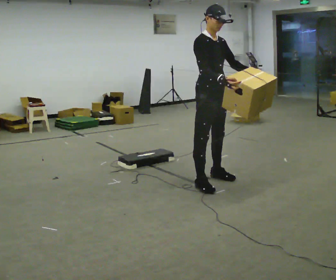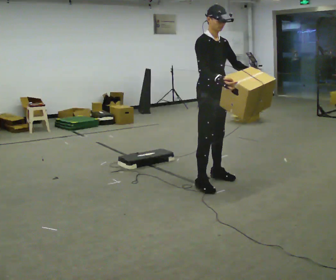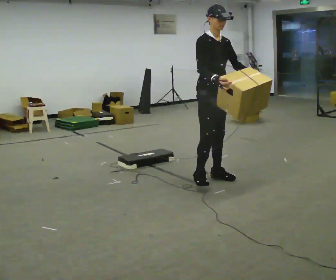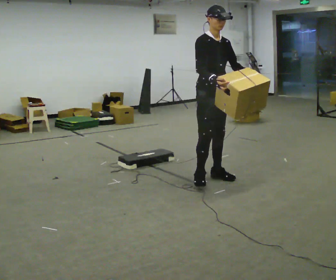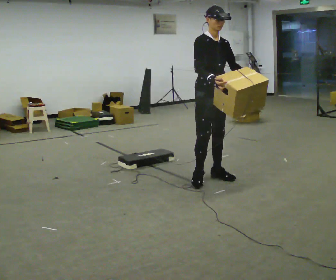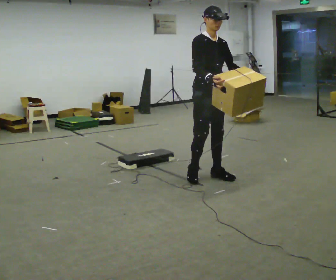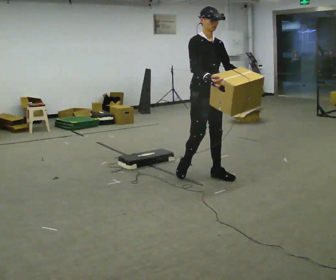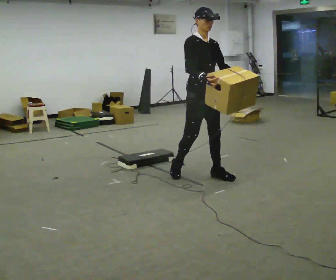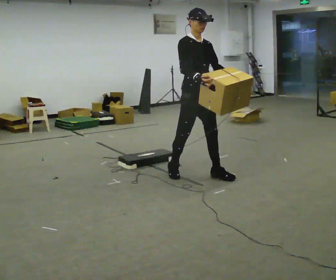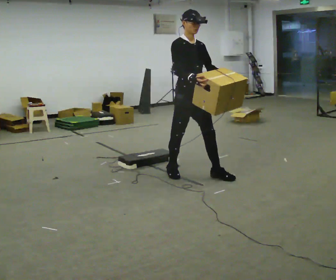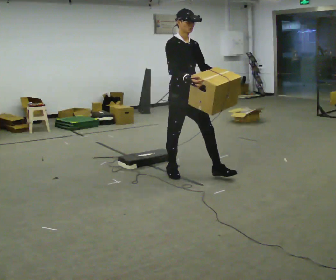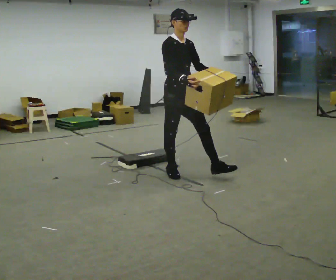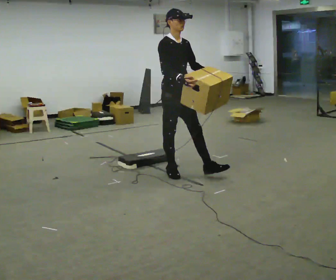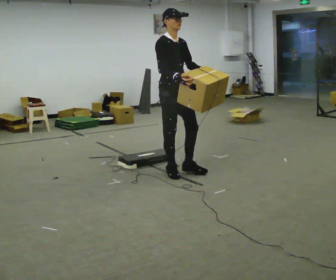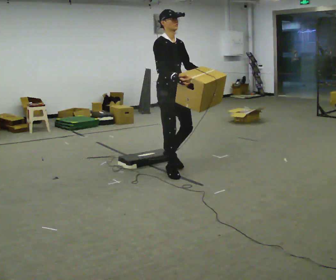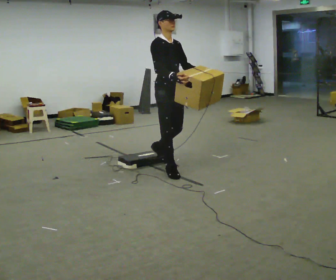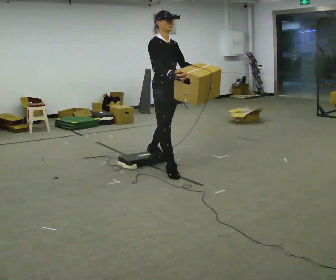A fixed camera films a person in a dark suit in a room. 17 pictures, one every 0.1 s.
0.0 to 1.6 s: In the picture they go to the left, about 0.5 m in 2 steps, which for them is backward.
The film runs backward here.
